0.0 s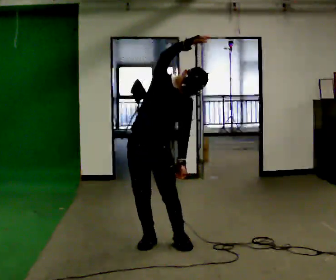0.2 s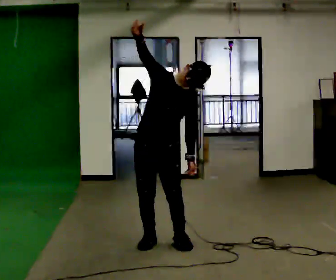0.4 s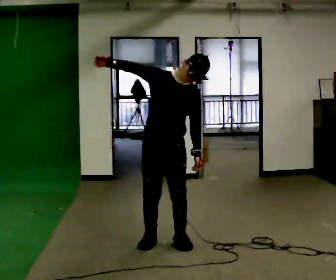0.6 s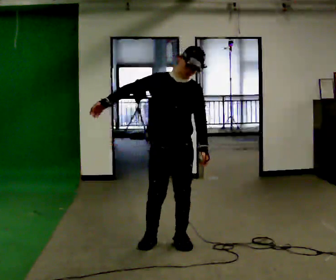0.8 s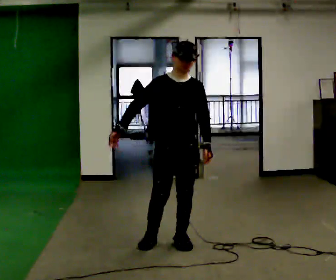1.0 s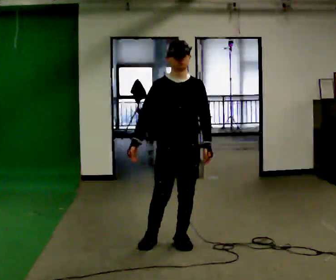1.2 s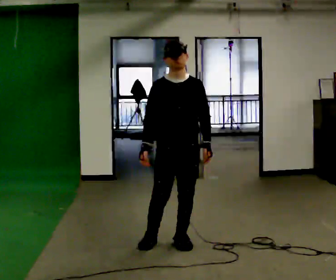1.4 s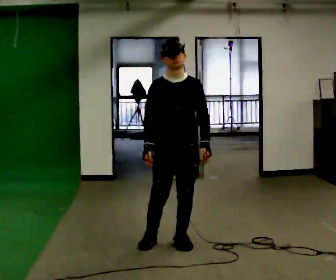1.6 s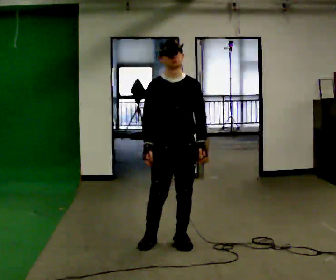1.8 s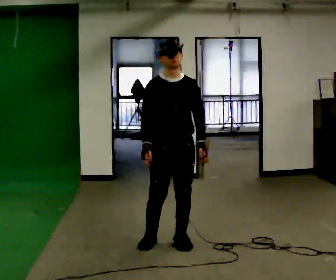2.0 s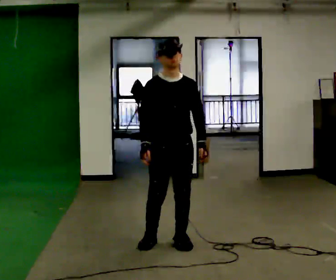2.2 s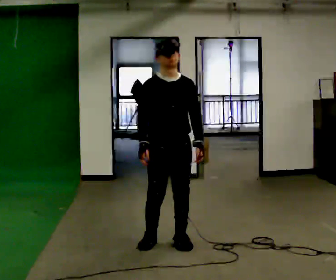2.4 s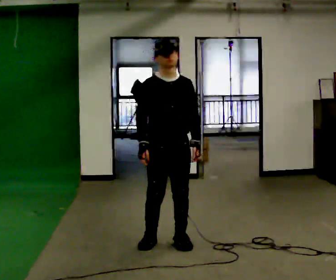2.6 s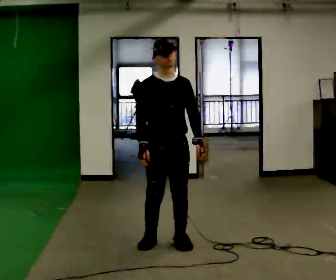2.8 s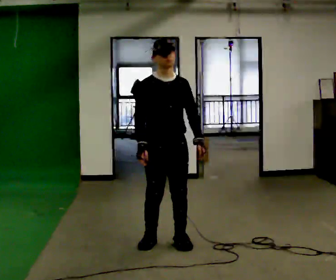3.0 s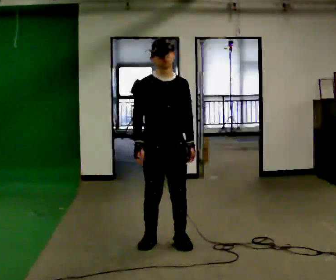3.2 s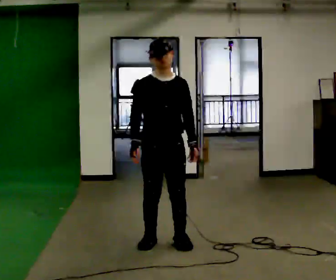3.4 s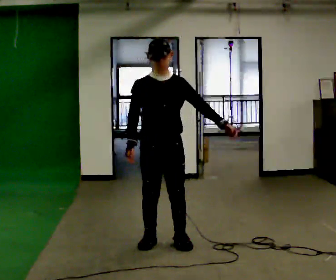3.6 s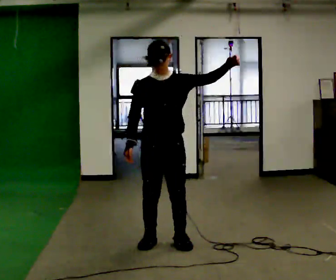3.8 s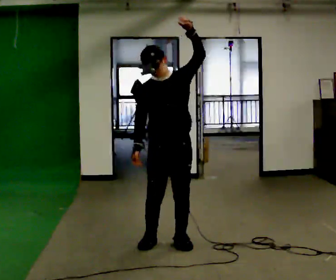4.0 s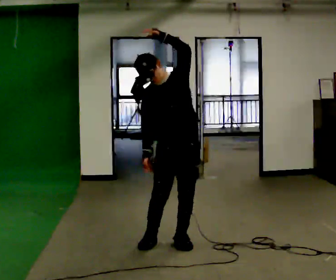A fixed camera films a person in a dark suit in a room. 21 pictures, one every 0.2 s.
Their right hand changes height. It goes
downward.
The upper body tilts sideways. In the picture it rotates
counterclockwise.
0.0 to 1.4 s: In the picture they go to the right, about 0.25 m, which for them is to their left. In the picture the upper body tilts counterclockwise, shoulders to the left. In the picture their right hand goes downward and to the left, the arm swinging counterclockwise.
1.4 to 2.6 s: The person moves a little, or ends about where they began.
2.6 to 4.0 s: In the picture their left hand goes upward, the arm swinging counterclockwise.
The film runs backward here.
